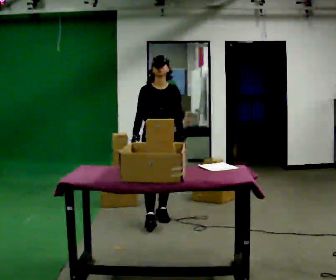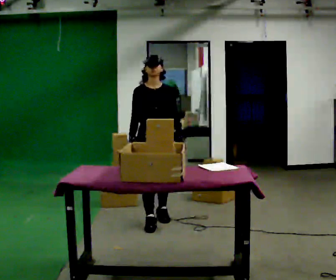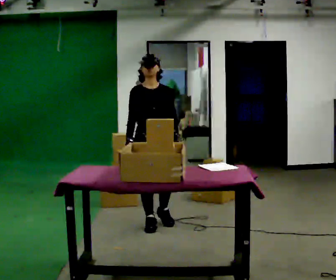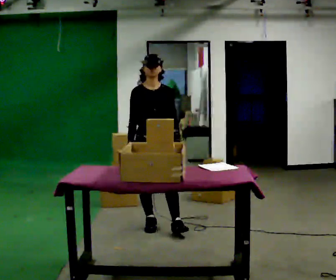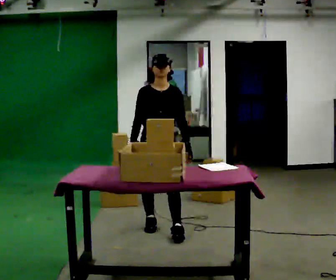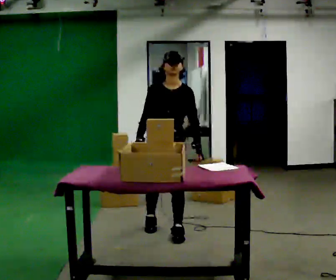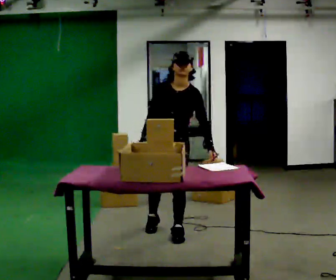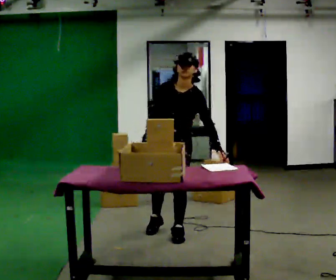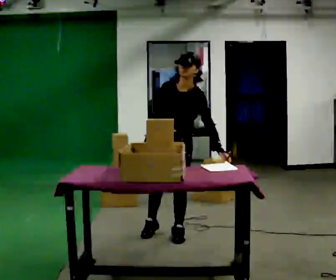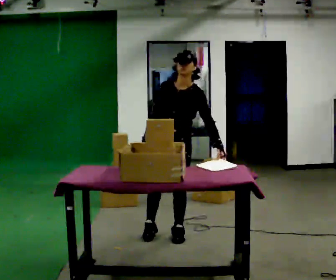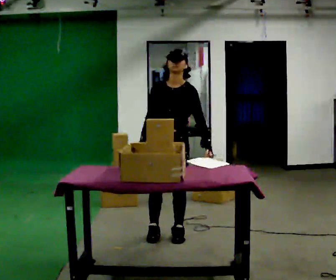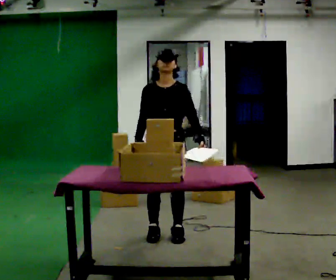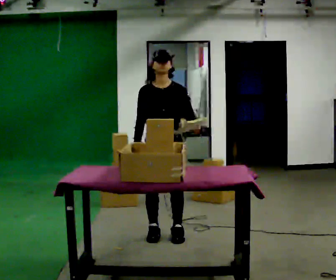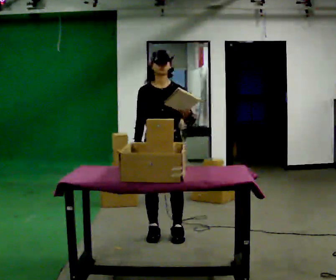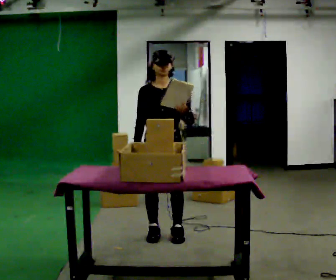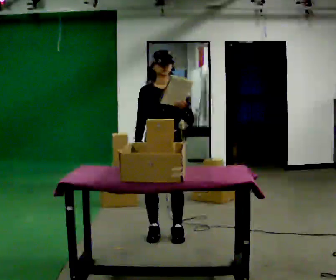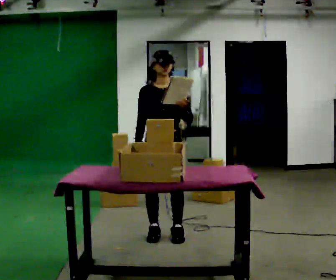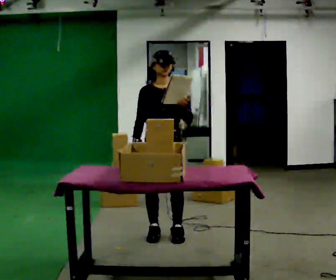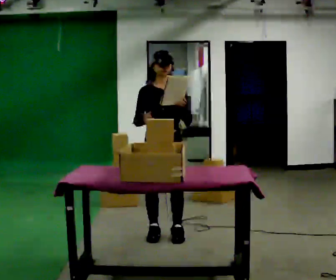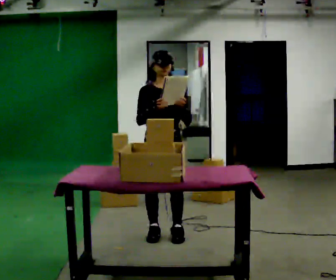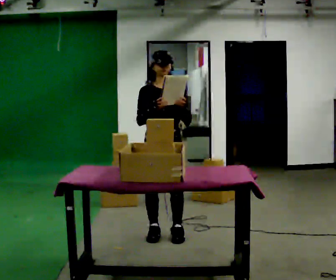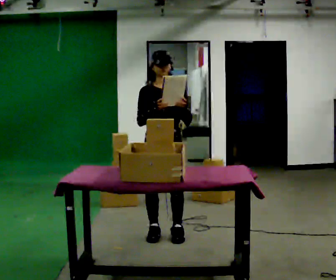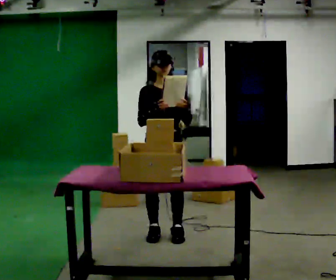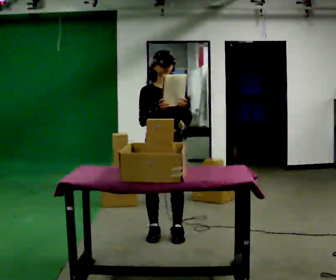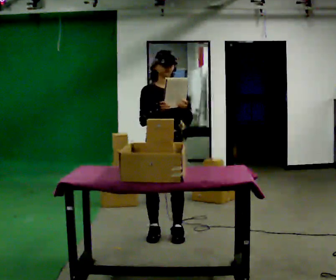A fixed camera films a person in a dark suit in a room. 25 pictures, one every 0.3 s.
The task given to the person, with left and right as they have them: 1. Take the objects out of the box on the table one at a time. 2. Put each one in the bin the operator has labelled for it. 3. Tell the operator when you are finished.
0.0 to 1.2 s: In the picture they go toward the camera, about 0.5 m in 1 step, which for them is forward.
1.2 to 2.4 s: The person turns about 30 degrees to their right, clockwise seen from above, so the part of the body nearest the lens slides to the left. In the picture they go toward the camera and to the right, about 0.25 m in 1 step, which for them is to their left and forward. The upper body tips toward the camera, its near side rolling downward.
2.4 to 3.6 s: The part of the body nearest the lens slides to the right as the person turns to their left by about 30 degrees. The upper body tips away from the camera, its near side rolling upward, as they lean back or straighten.
3.6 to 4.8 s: The person moves a little, or ends about where they began.
4.8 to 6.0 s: In the picture their right hand goes upward.
6.0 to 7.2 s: The person keeps their place and pose.
The film runs forward here.
